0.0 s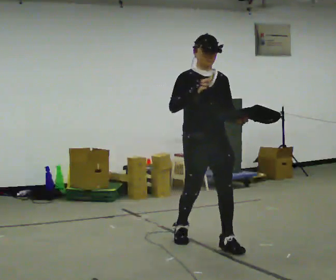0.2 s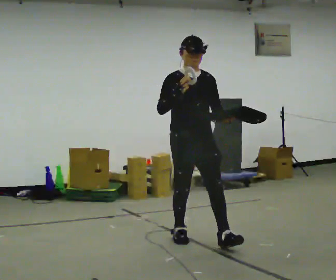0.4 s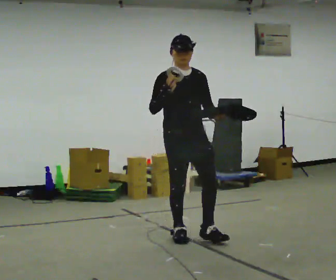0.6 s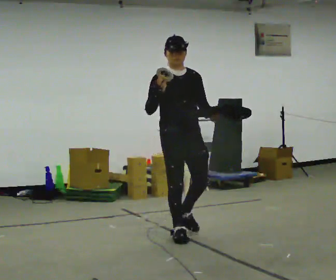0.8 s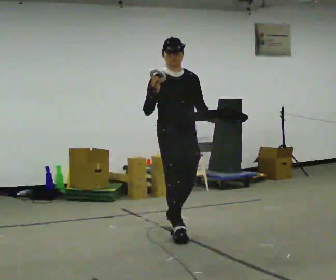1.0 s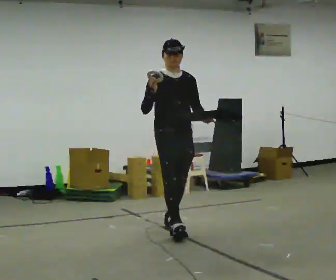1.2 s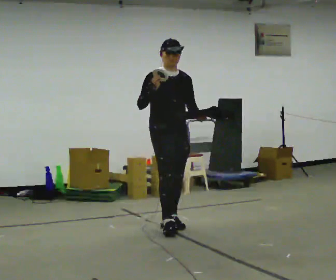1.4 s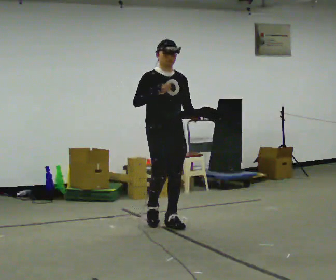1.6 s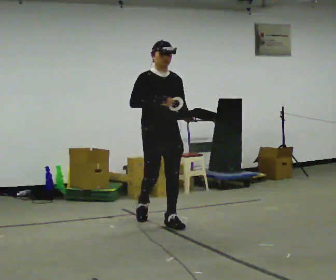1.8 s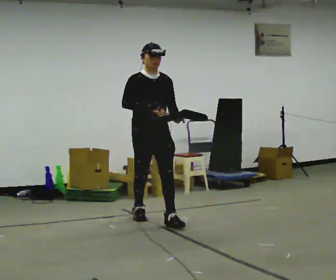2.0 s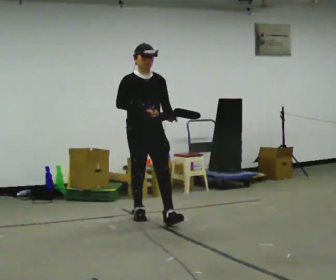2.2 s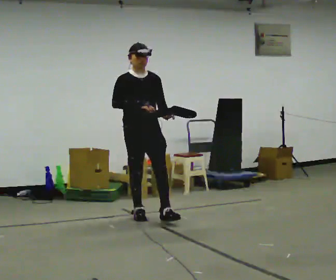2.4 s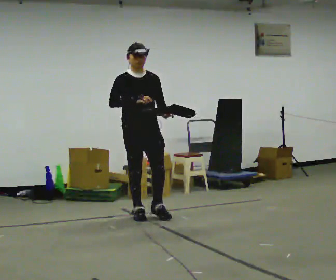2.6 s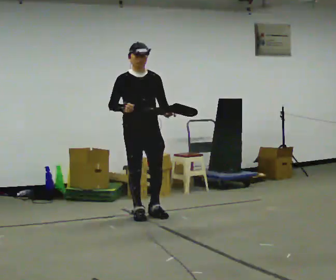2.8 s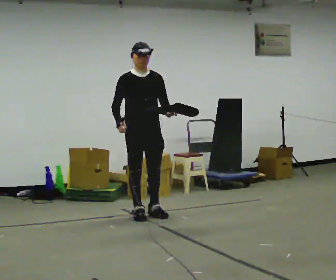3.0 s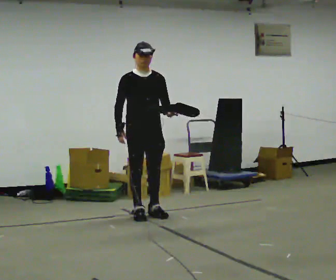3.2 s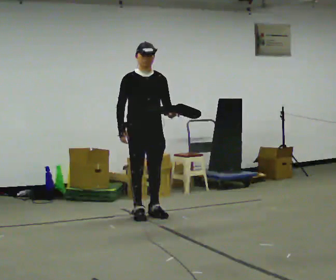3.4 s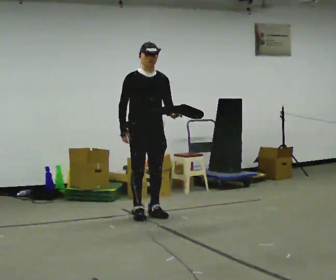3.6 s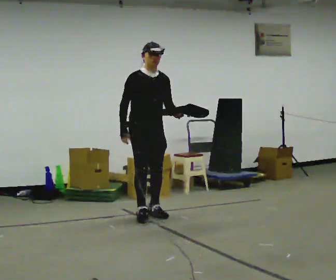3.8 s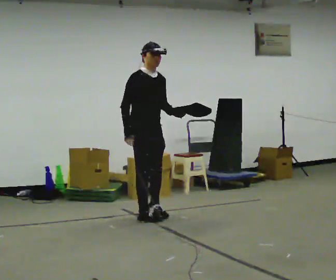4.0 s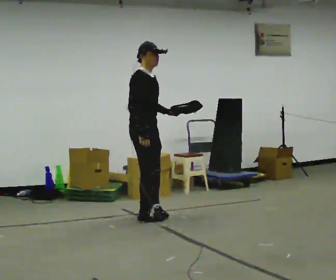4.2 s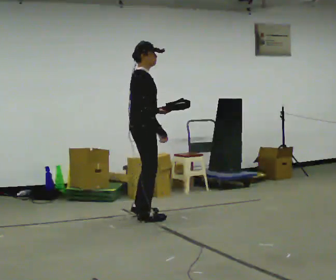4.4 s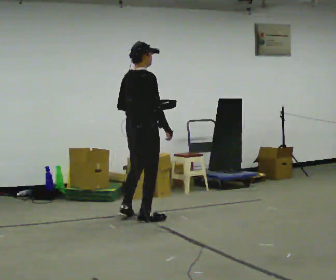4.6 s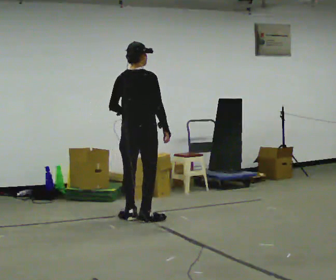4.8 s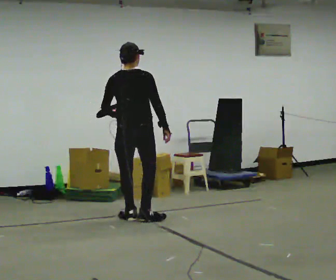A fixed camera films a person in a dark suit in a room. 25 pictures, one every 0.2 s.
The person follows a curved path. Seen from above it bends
counterclockwise.
Their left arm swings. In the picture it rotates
clockwise.
0.0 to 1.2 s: In the picture they go away from the camera, about 0.5 m in 2 steps, which for them is backward.
1.2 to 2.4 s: In the picture they go away from the camera and to the left, about 0.5 m in 1 step, which for them is backward.
2.4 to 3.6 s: The person moves a little, or ends about where they began.
3.6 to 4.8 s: Seen from above the body turns counterclockwise, about 135 degrees: to their left, with its near side sliding to the right. In the picture they go toward the camera, about 0.25 m in 1 step. In the picture their right hand goes to the right, the arm swinging counterclockwise.
The film runs backward here.
